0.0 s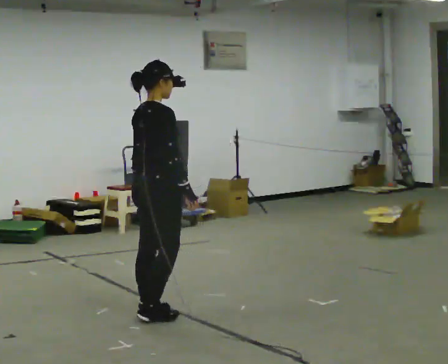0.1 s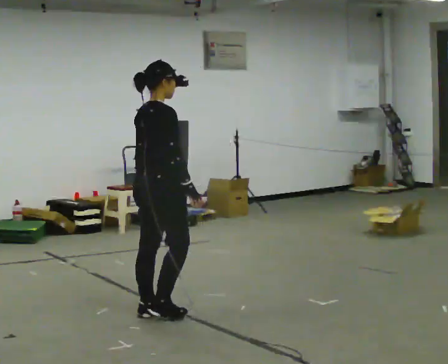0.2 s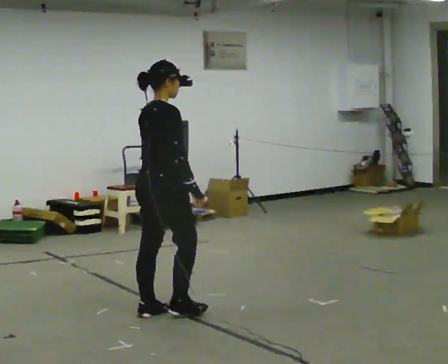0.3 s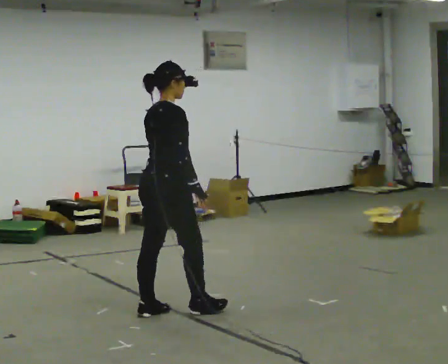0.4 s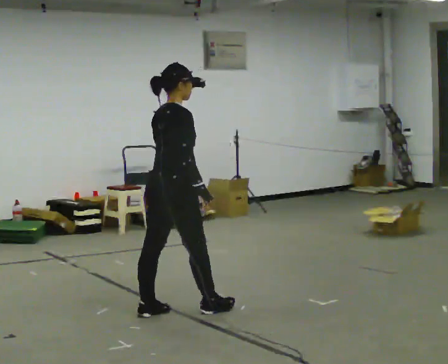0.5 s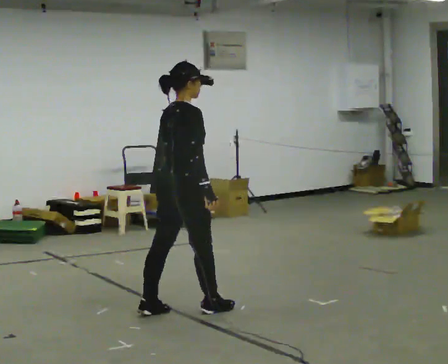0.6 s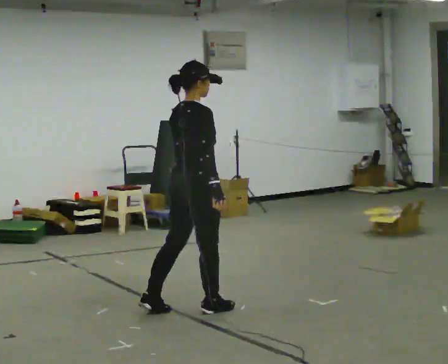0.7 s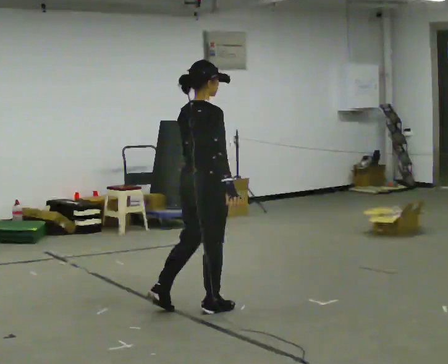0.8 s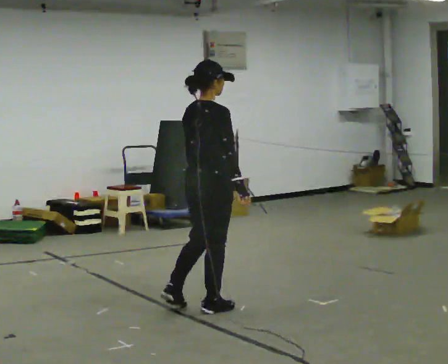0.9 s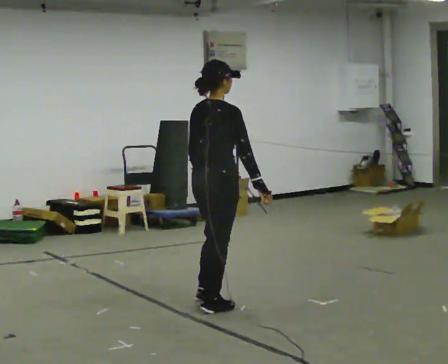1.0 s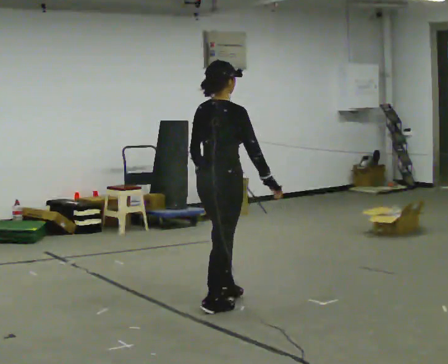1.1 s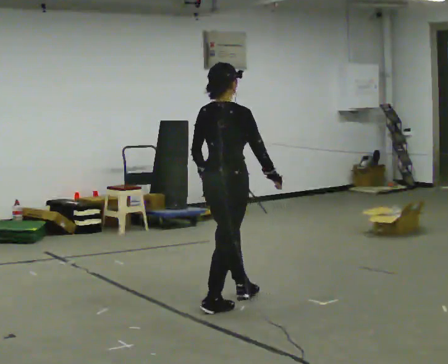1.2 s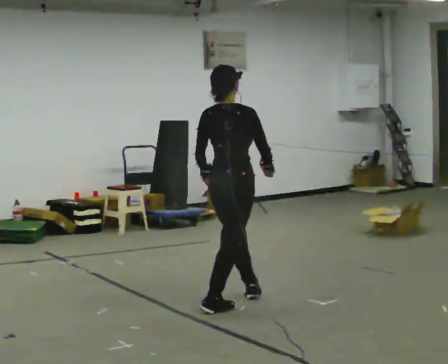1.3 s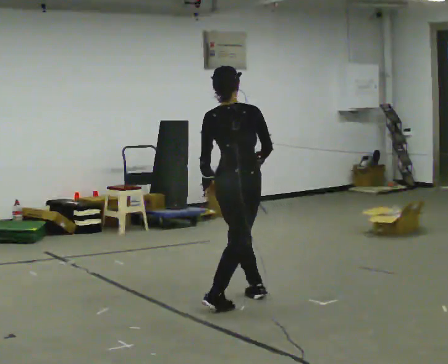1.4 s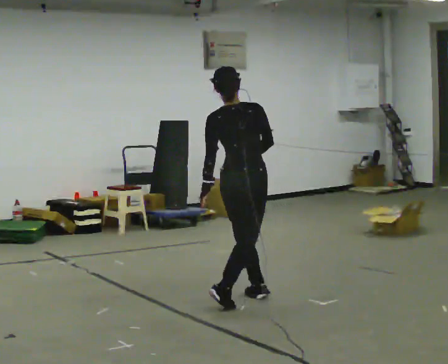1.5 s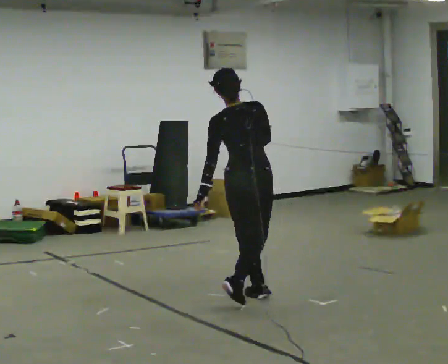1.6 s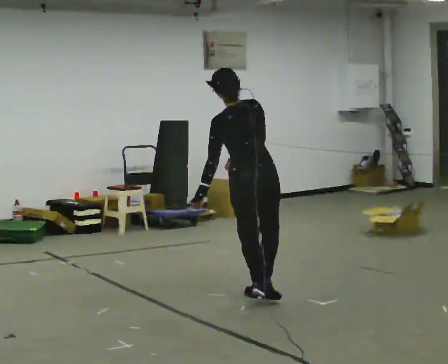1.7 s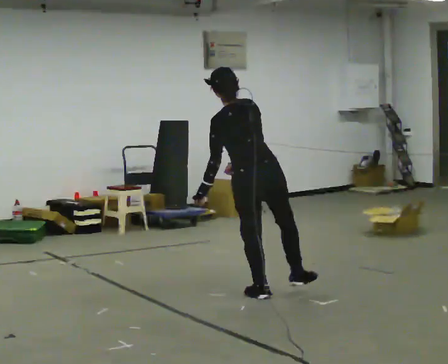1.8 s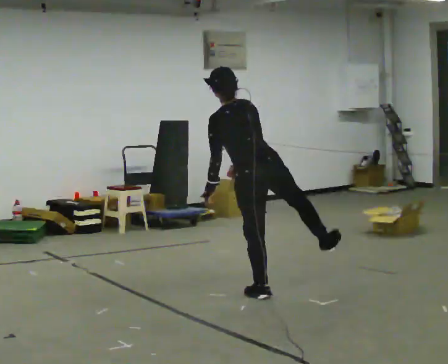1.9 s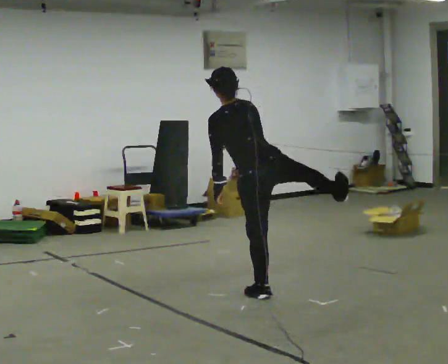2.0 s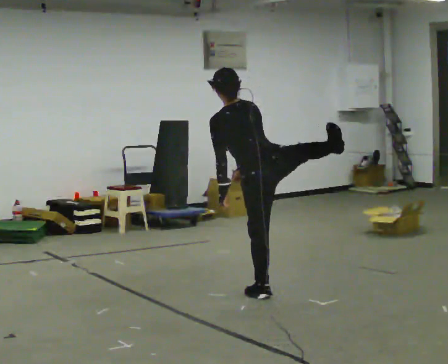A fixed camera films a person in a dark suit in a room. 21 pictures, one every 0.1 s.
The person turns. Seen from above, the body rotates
counterclockwise.
The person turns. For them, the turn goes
to their left.
0.0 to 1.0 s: In the picture they go to the right and away from the camera, about 0.5 m in 2 steps, which for them is forward.
1.0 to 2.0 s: The person turns about 75 degrees to their left, counterclockwise seen from above, so the part of the body nearest the lens slides to the right. In the picture they go to the right and away from the camera, about 0.5 m in 1 step. In the picture the upper body tilts counterclockwise, shoulders to the left.
The film runs backward here.
